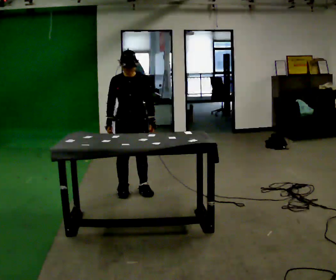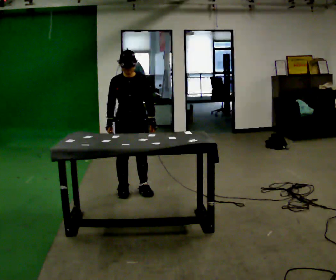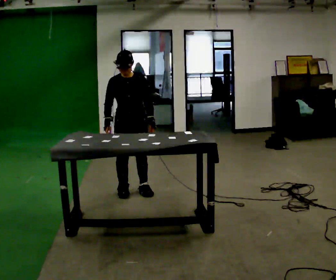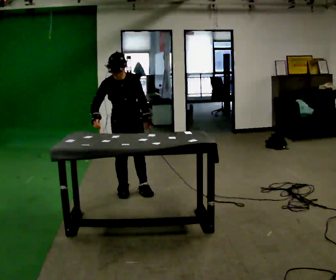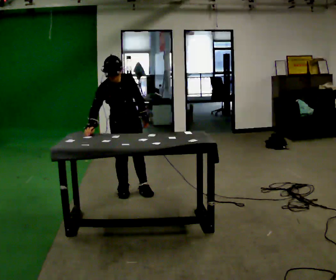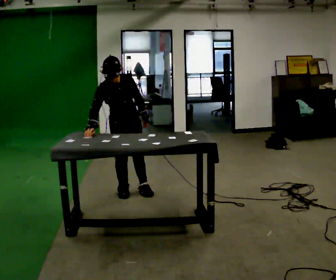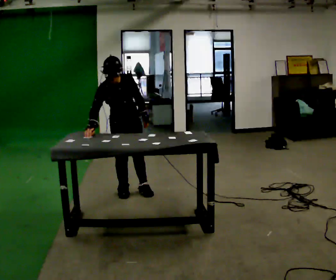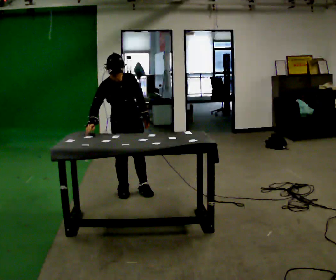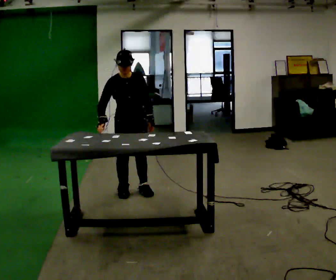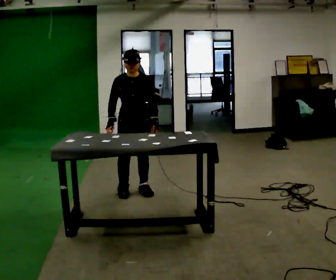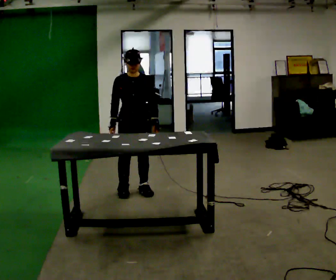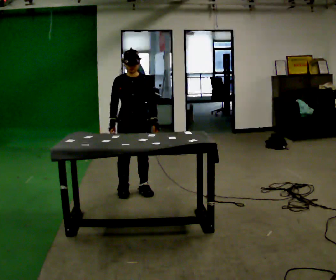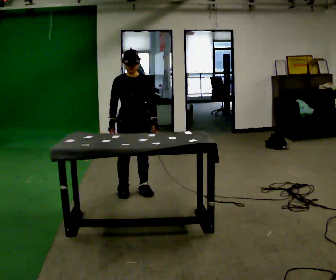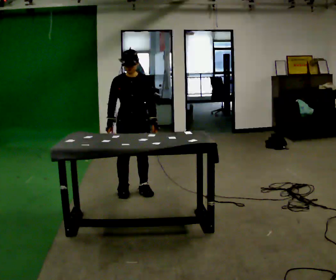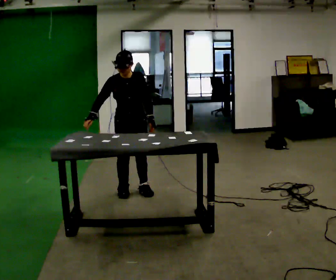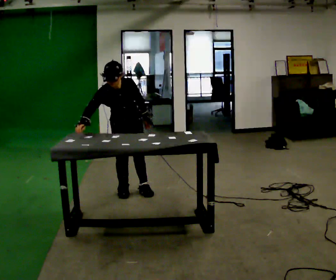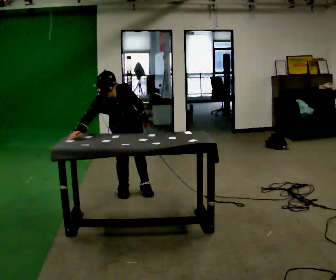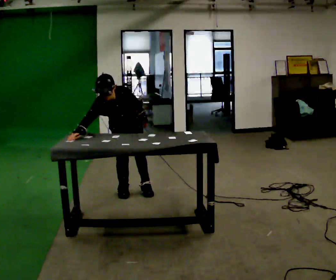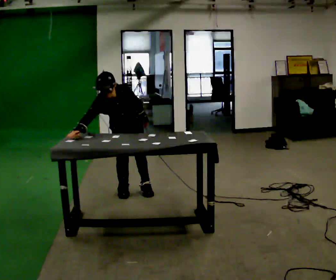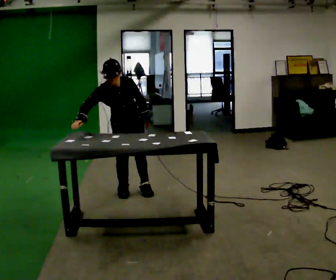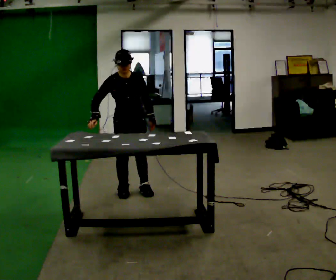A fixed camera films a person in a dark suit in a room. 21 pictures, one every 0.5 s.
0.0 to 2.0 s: The upper body tips toward the camera, its near side rolling downward, as they bend forward.
2.0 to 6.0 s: The upper body tips away from the camera, its near side rolling upward, as they lean back or straighten.
6.0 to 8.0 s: The upper body tips toward the camera, its near side rolling downward, as they bend forward.
8.0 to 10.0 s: The upper body tips away from the camera, its near side rolling upward, as they lean back or straighten.
The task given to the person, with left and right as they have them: Touch each numbered target on the board in front of you in the order the operator calls. Keep both feet on the marked spots for the whole take. If you have to step, stop and tell the operator.
The film runs forward here.
